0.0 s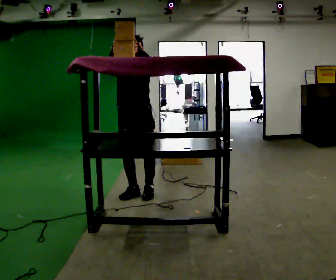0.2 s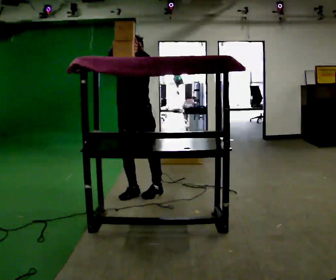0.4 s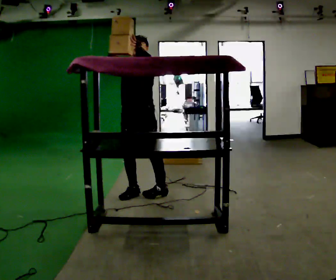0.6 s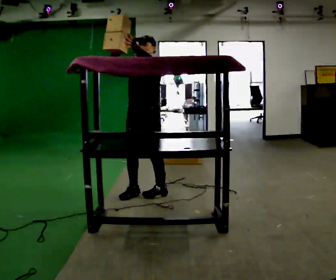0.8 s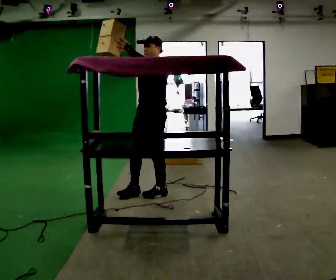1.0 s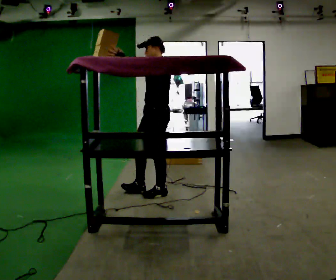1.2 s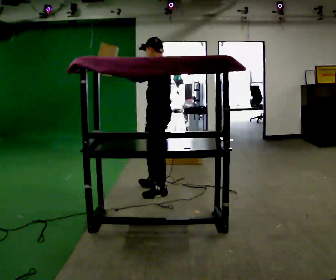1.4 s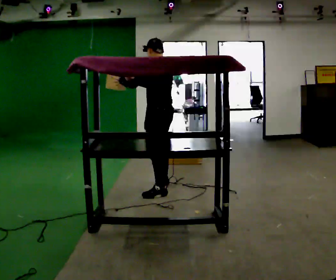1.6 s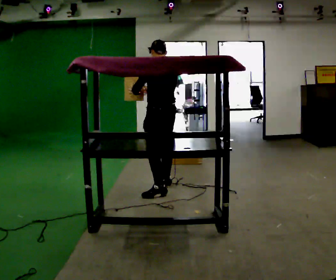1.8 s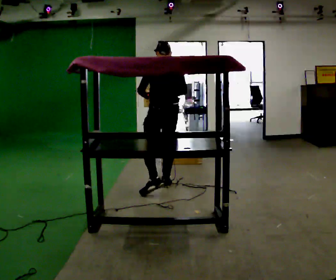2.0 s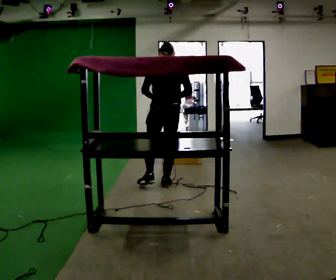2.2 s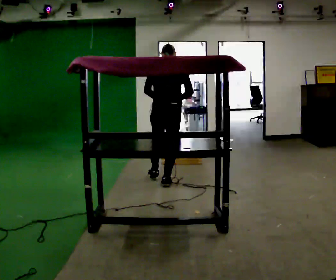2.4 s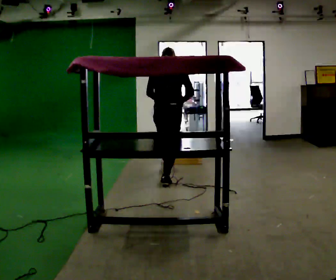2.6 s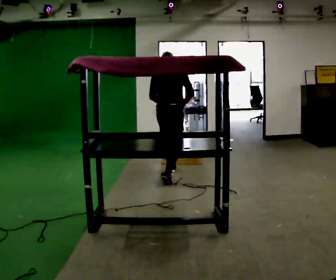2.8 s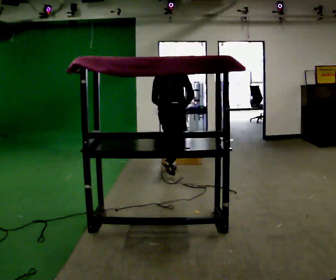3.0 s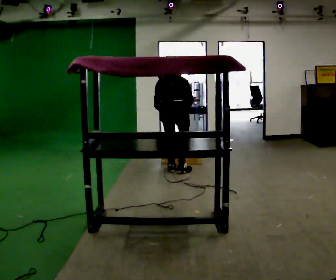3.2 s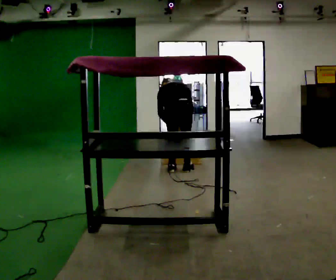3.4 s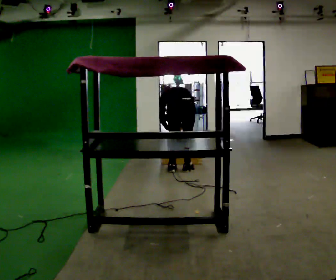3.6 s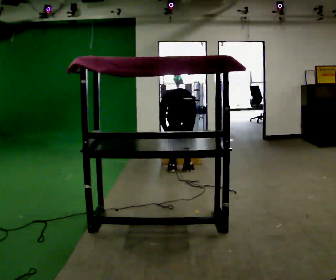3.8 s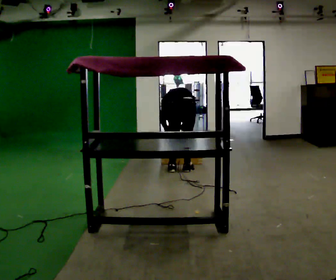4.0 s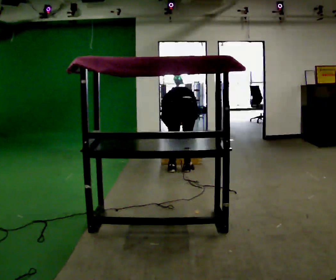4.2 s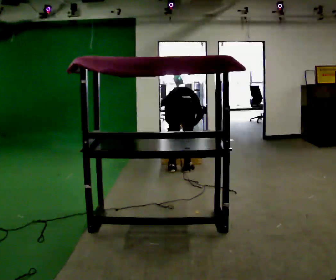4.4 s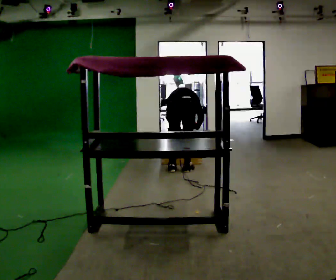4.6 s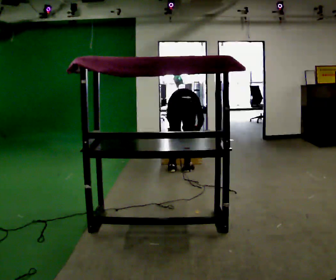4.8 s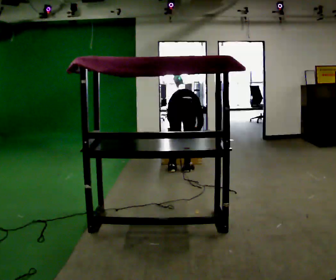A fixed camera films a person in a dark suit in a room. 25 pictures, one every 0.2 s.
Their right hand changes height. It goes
downward.
The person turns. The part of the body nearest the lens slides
to the left.
0.0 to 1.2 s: The part of the body nearest the lens slides to the left as the person turns to their right by about 90 degrees. In the picture they go to the right, about 0.25 m in 1 step.
1.2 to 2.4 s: The person turns about 105 degrees to their right, clockwise seen from above, so the part of the body nearest the lens slides to the left. In the picture they go away from the camera, about 0.5 m in 1 step. In the picture their right hand goes downward.
2.4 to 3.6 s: In the picture they go away from the camera and to the right, about 0.5 m in 2 steps, which for them is forward. The upper body goes downward. The upper body tips away from the camera, its near side rolling upward, as they bend forward. In the picture their left hand goes downward.
3.6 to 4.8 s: In the picture the upper body tilts clockwise, shoulders to the right.
The film runs forward here.
